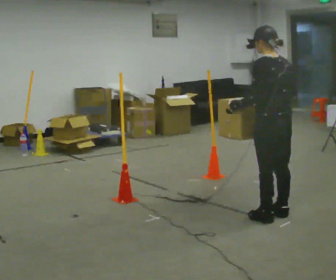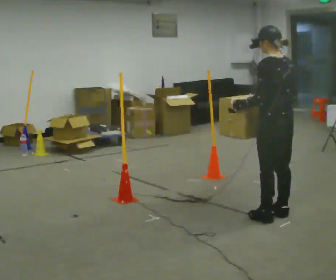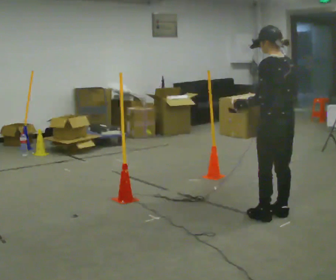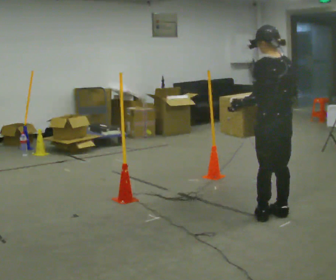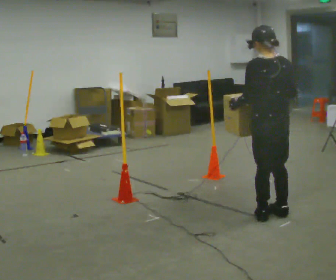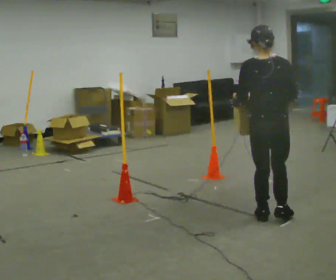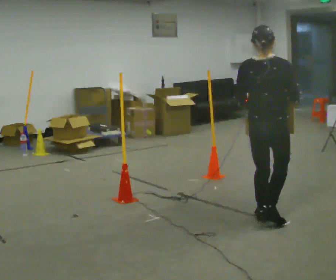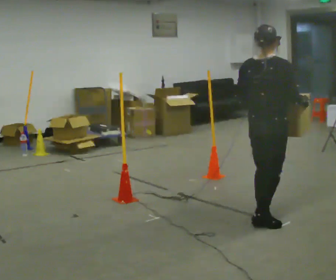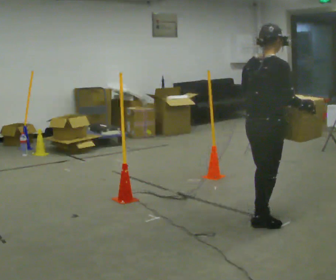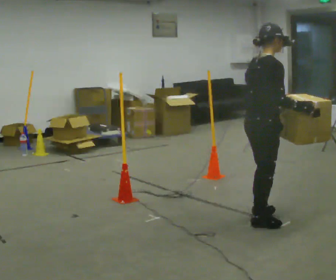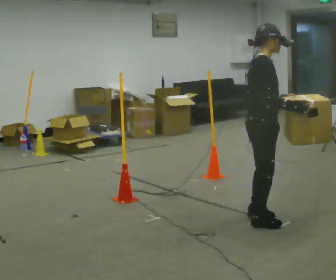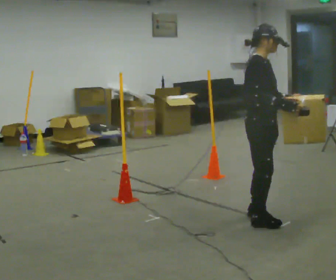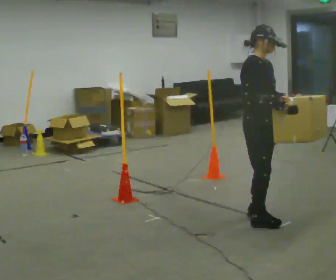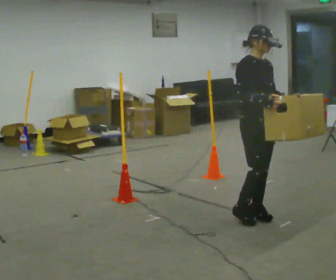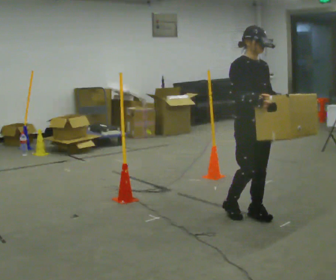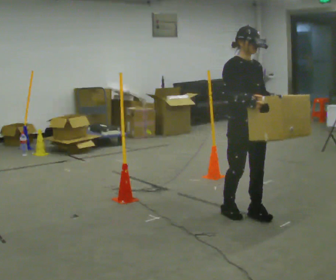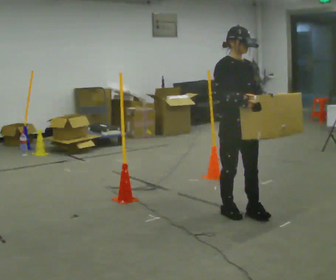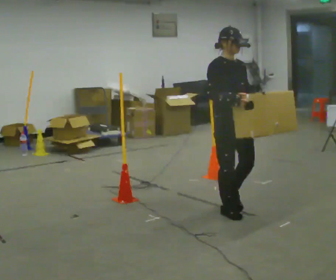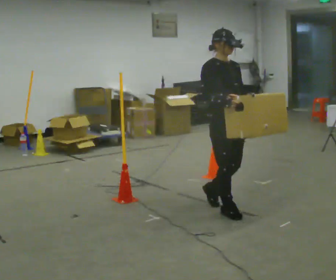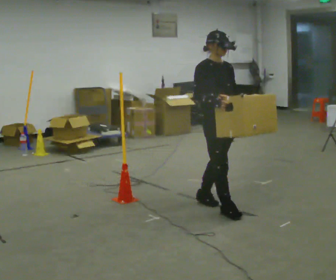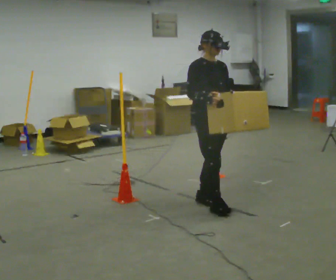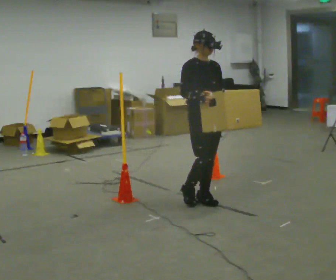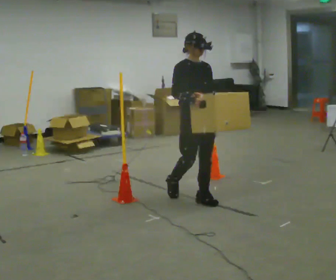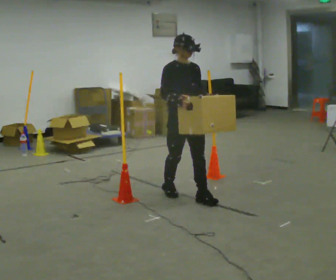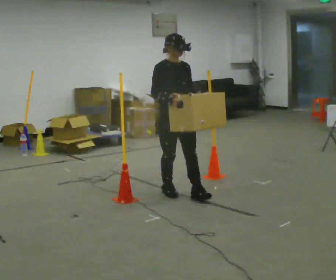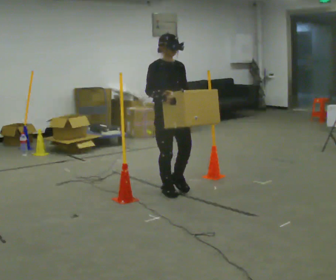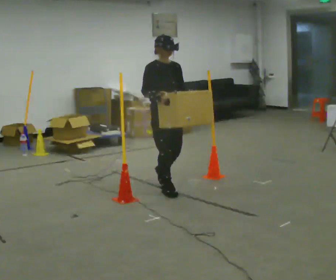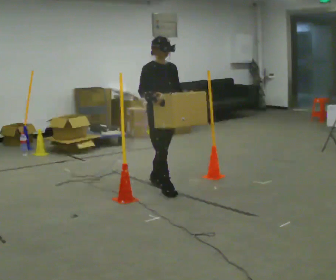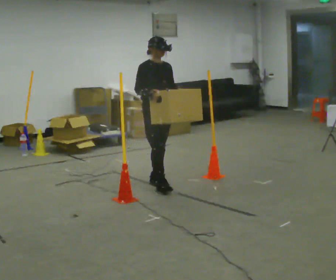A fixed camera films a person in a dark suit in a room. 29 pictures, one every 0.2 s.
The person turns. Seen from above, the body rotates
clockwise.
The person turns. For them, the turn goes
to their right.
0.0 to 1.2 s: Seen from above the body turns clockwise, about 45 degrees: to their right, with its near side sliding to the left.
1.2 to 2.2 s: The person turns about 90 degrees to their right, clockwise seen from above, so the part of the body nearest the lens slides to the left.
2.2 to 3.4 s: The person turns about 30 degrees to their right, clockwise seen from above, so the part of the body nearest the lens slides to the left. In the picture they go to the left and away from the camera, about 0.25 m in 2 steps, which for them is backward.
3.4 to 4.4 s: In the picture they go away from the camera and to the left, about 0.5 m in 1 step, which for them is backward.
4.4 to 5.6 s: In the picture they go away from the camera and to the left, about 0.75 m in 2 steps, which for them is backward.
The film runs backward here.
